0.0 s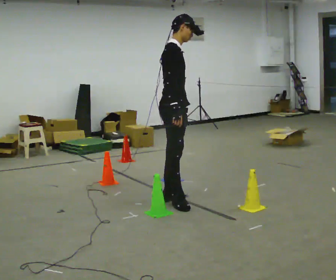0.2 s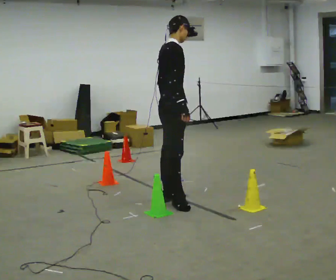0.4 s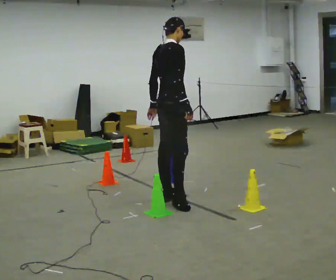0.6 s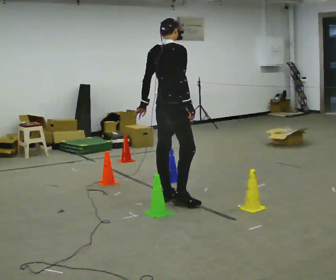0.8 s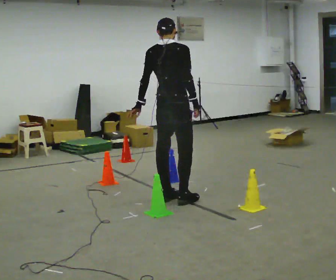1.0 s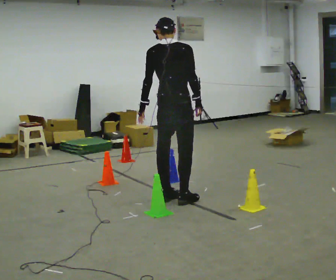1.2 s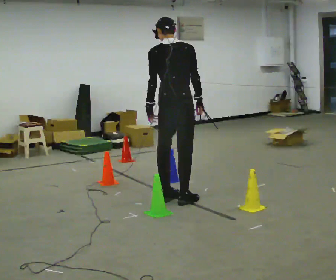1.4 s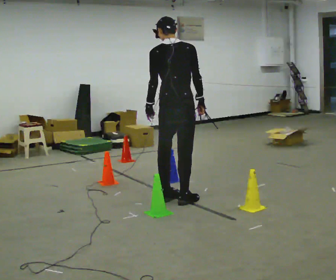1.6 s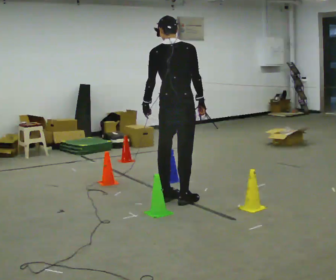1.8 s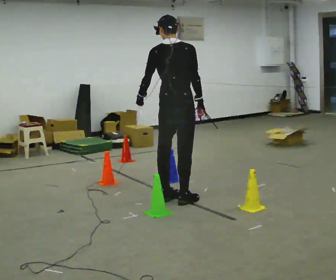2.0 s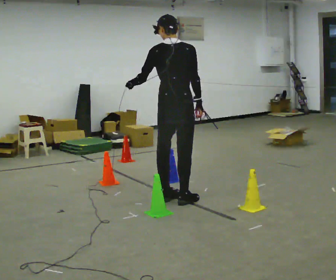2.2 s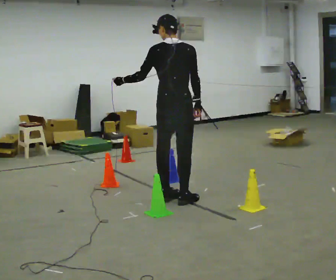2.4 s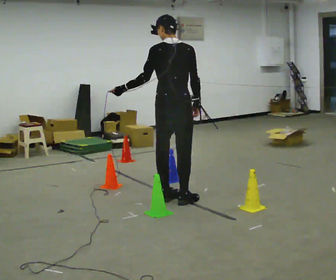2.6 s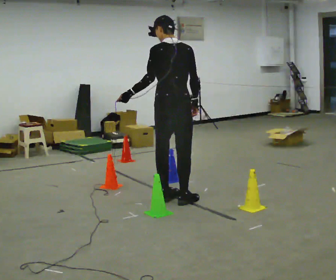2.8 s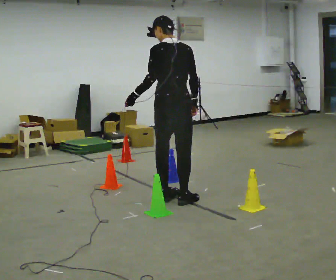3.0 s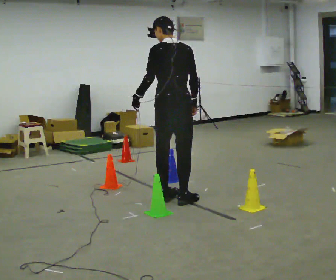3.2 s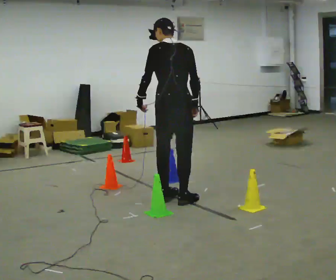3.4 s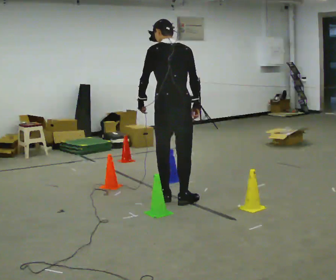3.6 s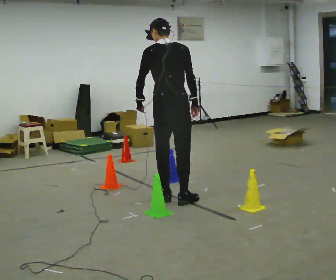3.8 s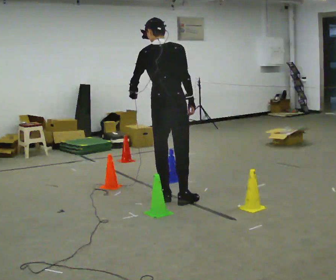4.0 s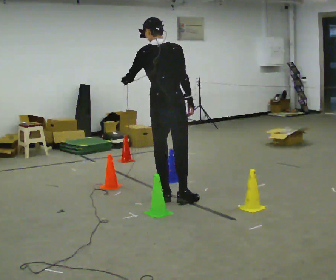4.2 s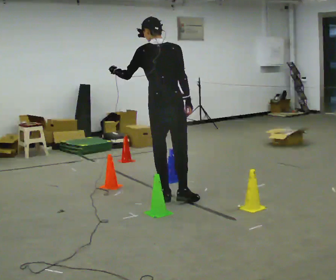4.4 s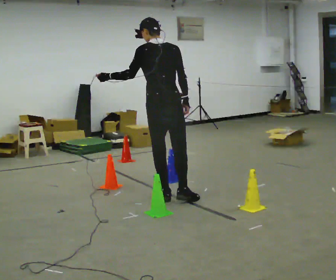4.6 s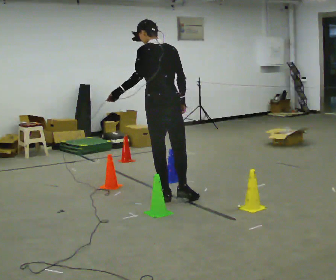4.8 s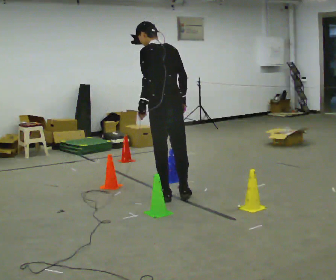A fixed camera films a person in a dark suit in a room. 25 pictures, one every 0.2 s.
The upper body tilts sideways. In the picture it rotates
counterclockwise.
0.0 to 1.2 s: The part of the body nearest the lens slides to the right as the person turns to their left by about 75 degrees.
1.2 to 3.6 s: The person moves a little, or ends about where they began.
3.6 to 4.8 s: Seen from above the body turns counterclockwise, about 30 degrees: to their left, with its near side sliding to the right.
The film runs forward here.
